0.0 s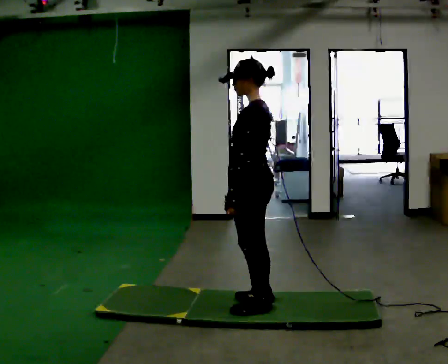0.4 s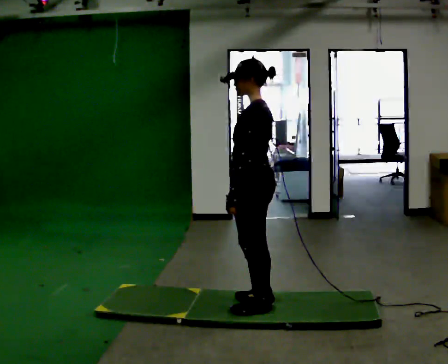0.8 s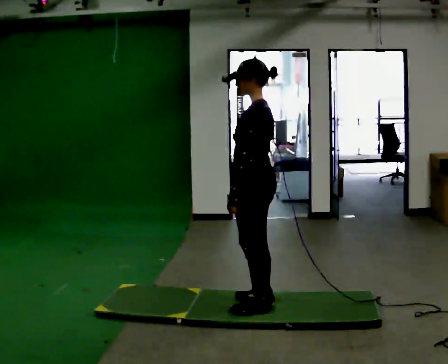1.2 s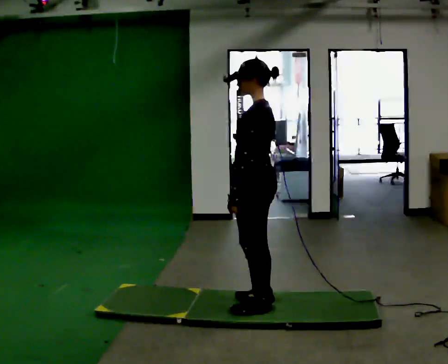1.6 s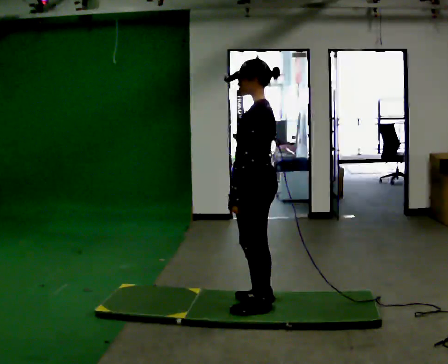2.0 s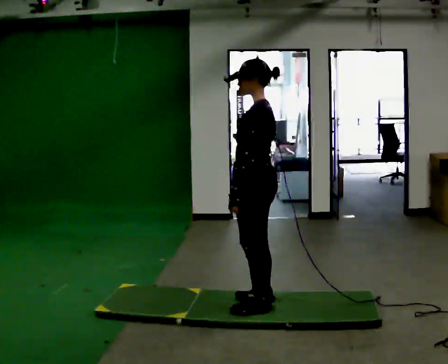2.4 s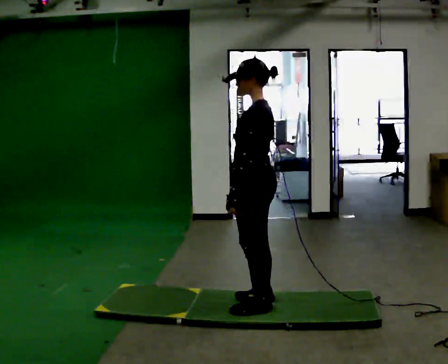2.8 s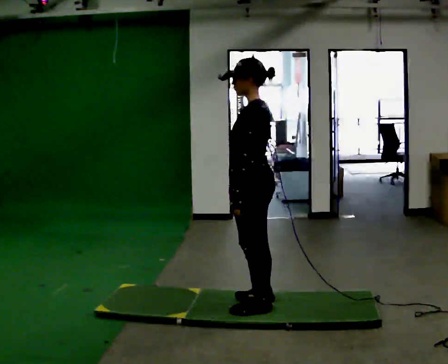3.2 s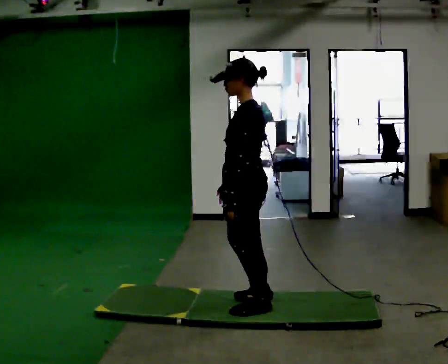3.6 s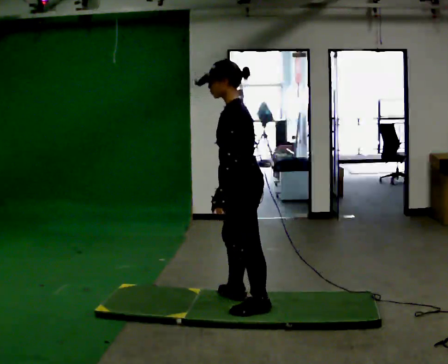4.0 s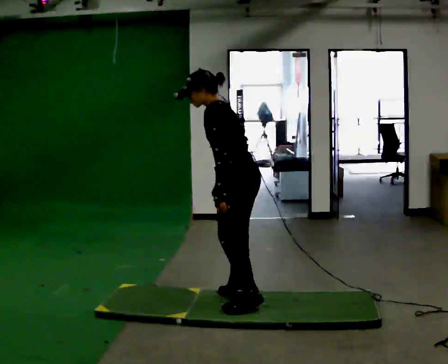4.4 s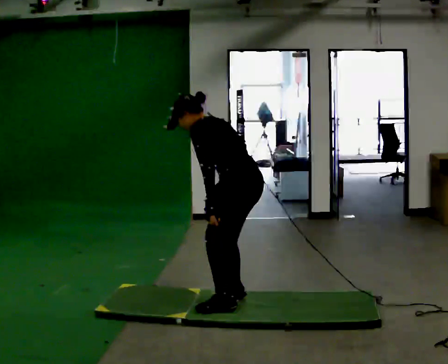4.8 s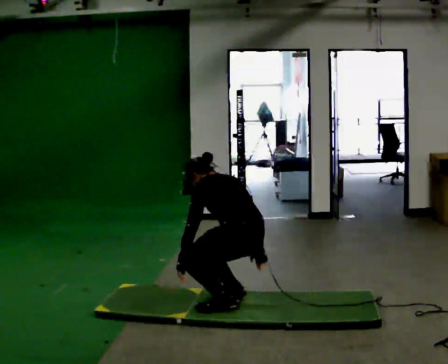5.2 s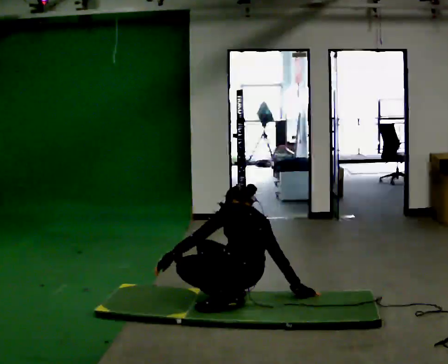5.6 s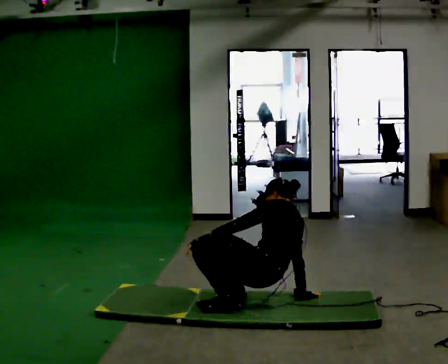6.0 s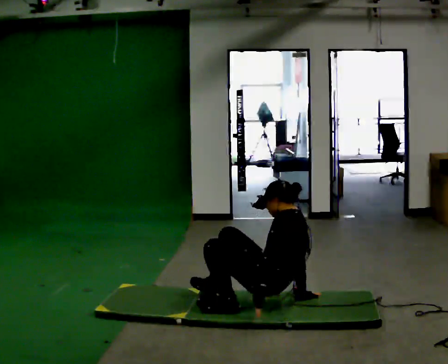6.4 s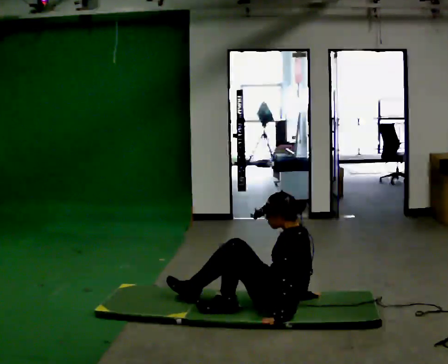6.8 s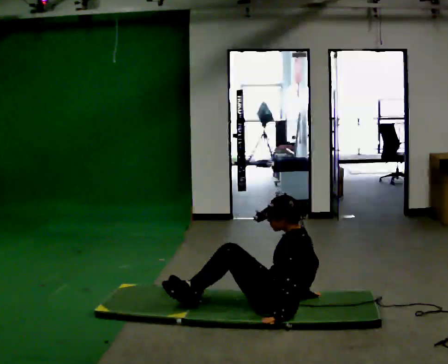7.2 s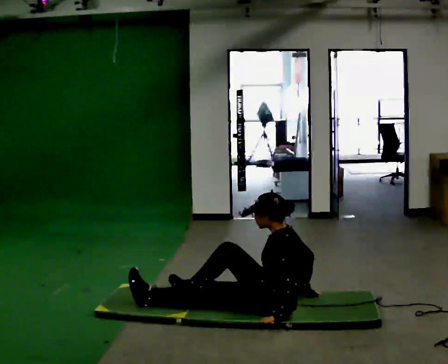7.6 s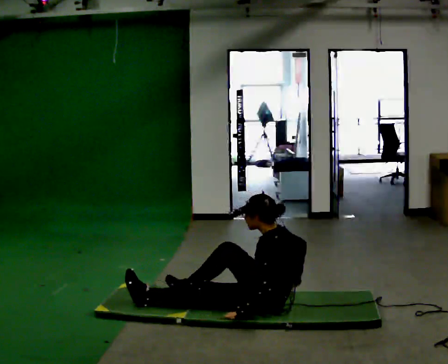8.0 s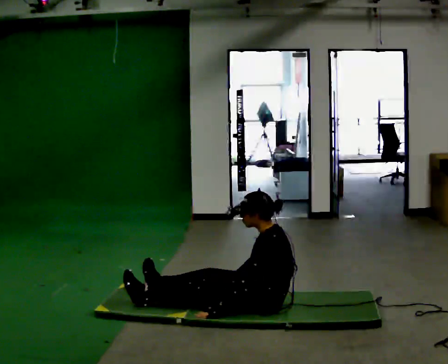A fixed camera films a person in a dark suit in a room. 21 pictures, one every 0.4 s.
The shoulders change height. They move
downward.
0.0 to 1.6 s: The person keeps their place and pose.
1.6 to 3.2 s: The person moves a little, or ends about where they began.
3.2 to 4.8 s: The part of the body nearest the lens slides to the left as the person turns to their right by about 30 degrees. The upper body goes downward. The upper body tips away from the camera, its near side rolling upward, as they bend forward. In the picture their right hand goes downward, the arm swinging counterclockwise.
4.8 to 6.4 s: The part of the body nearest the lens slides to the right as the person turns to their left by about 30 degrees. In the picture they go to the right, about 0.25 m in 1 step, which for them is backward. The upper body goes downward. In the picture the upper body tilts clockwise, shoulders to the right, as they lean back or straighten.
6.4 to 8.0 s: In the picture the upper body tilts counterclockwise, shoulders to the left, as they bend forward. In the picture their right hand goes to the left.
The film runs backward here.
